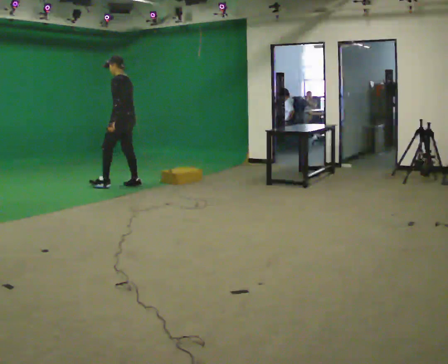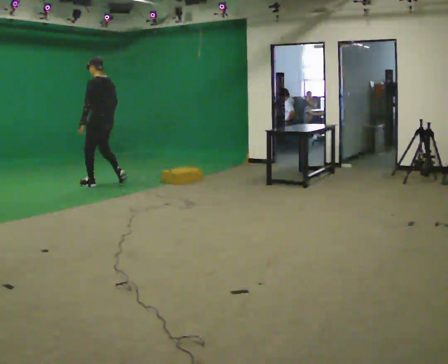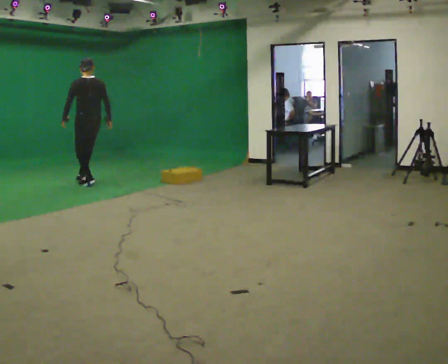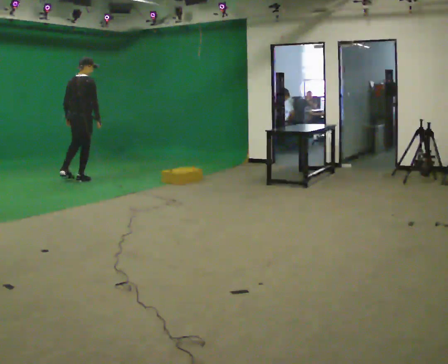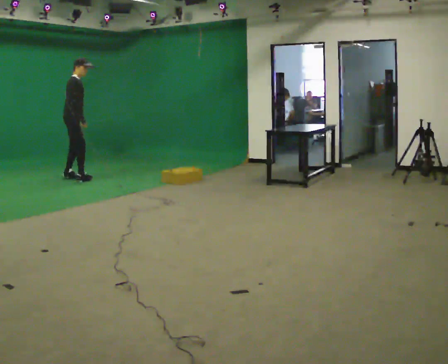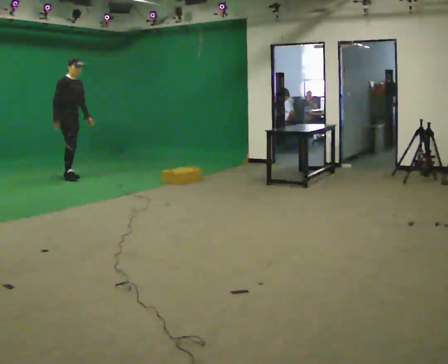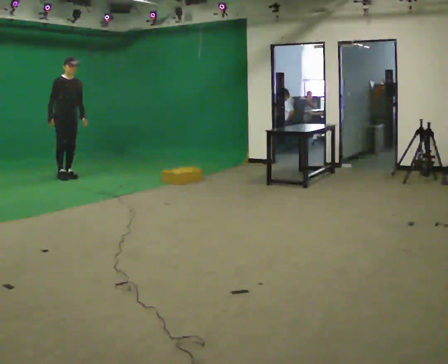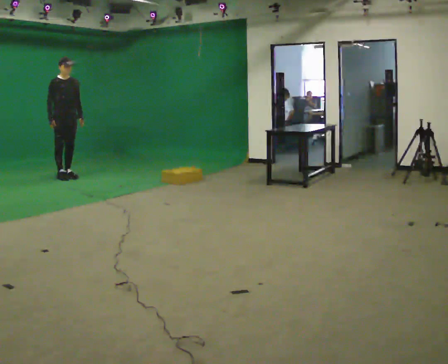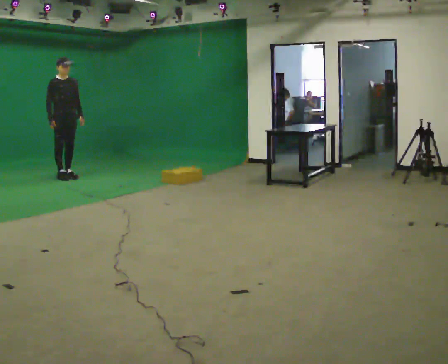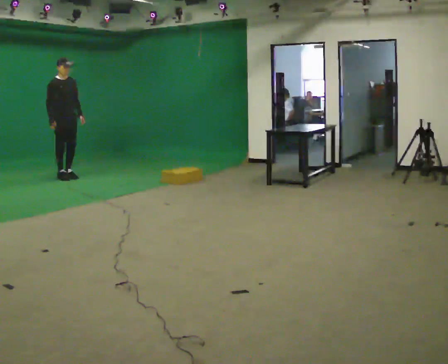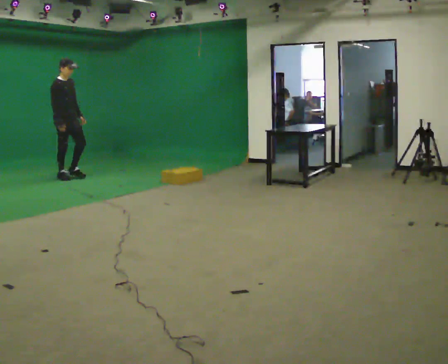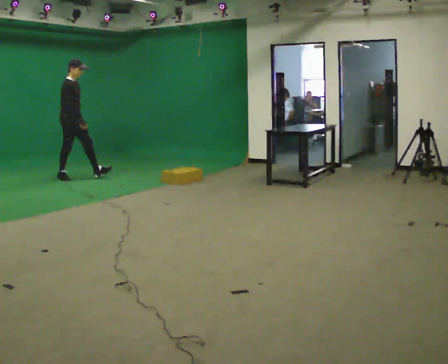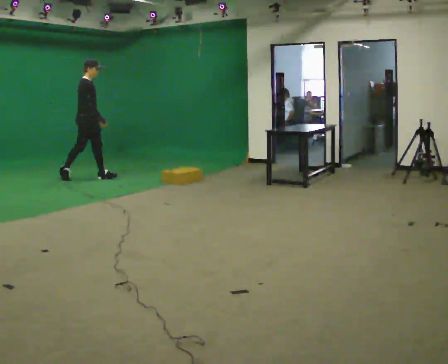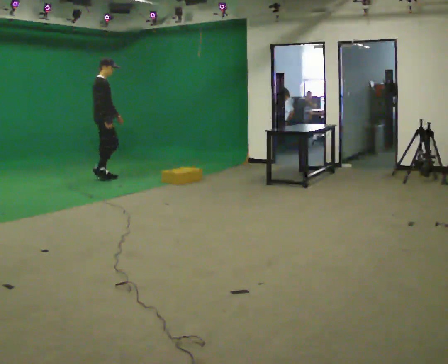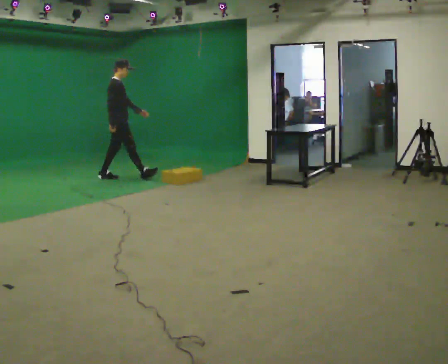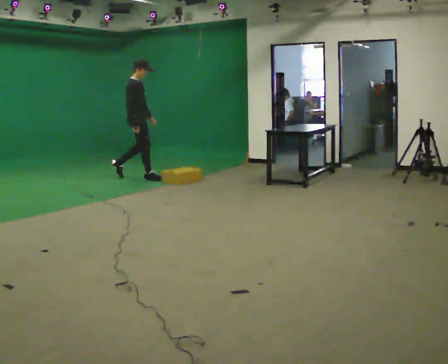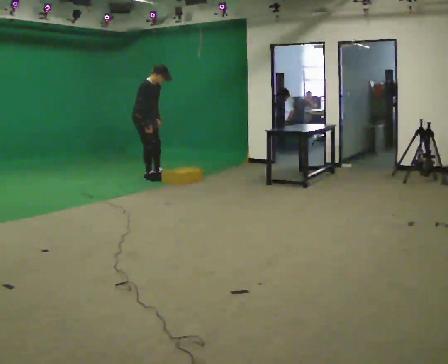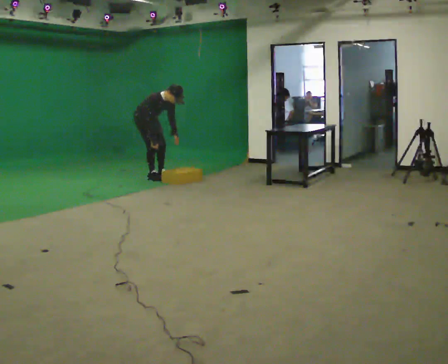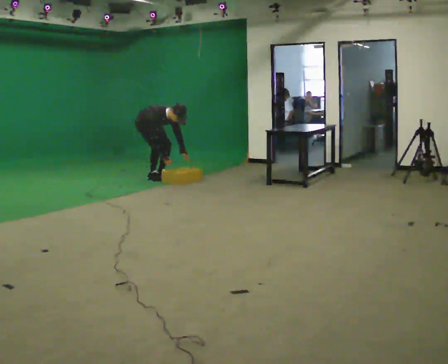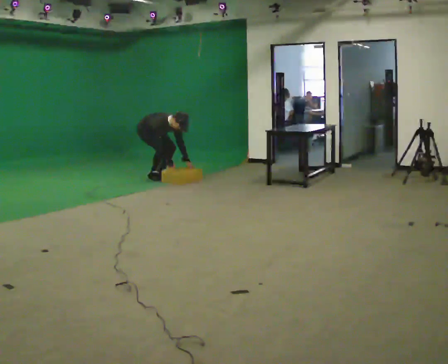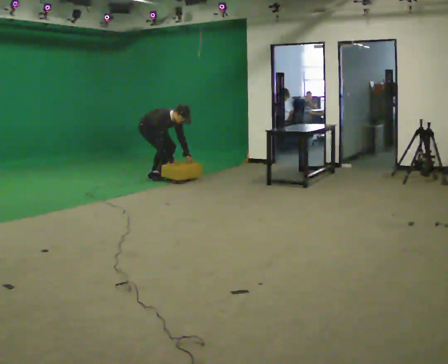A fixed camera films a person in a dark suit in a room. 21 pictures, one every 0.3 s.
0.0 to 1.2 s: Seen from above the body turns clockwise, about 165 degrees: to their right, with its near side sliding to the left. In the picture they go to the left and away from the camera, about 1 m in 3 steps. In the picture the upper body tilts clockwise, shoulders to the right.
1.2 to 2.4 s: The part of the body nearest the lens slides to the left as the person turns to their right by about 45 degrees. In the picture the upper body tilts counterclockwise, shoulders to the left.
2.4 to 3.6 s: The person turns about 45 degrees to their left, counterclockwise seen from above, so the part of the body nearest the lens slides to the right. In the picture they go to the right, about 0.25 m in 1 step, which for them is forward and to their left.
3.6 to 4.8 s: In the picture they go to the right, about 1 m in 1 step, which for them is forward. The upper body tips toward the camera, its near side rolling downward, as they bend forward.
4.8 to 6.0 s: The shoulders move downward. In the picture the upper body tilts clockwise, shoulders to the right, as they bend forward. In the picture their left hand goes downward and to the right.
The film runs forward here.
